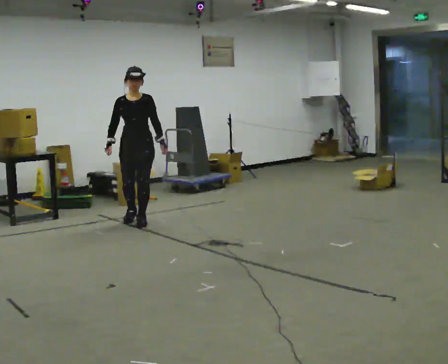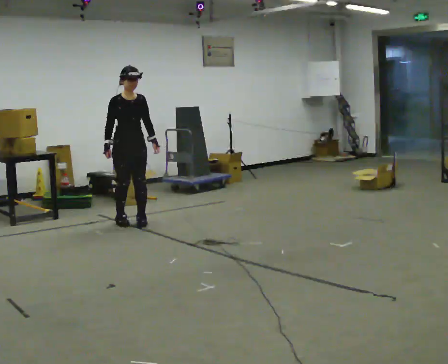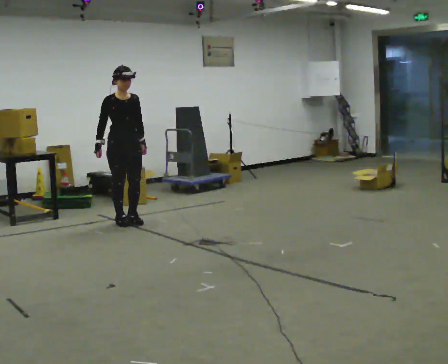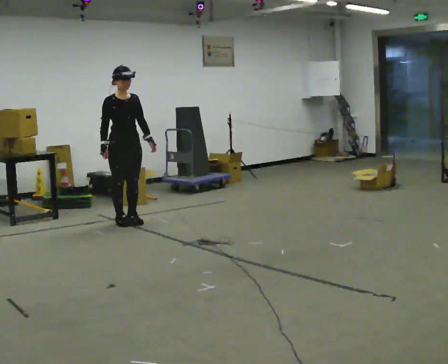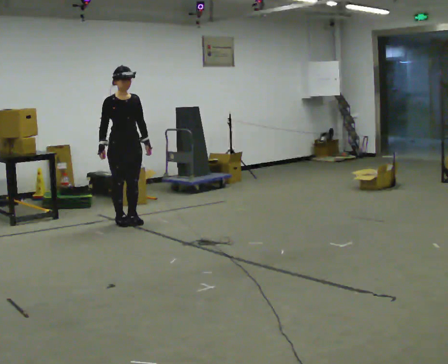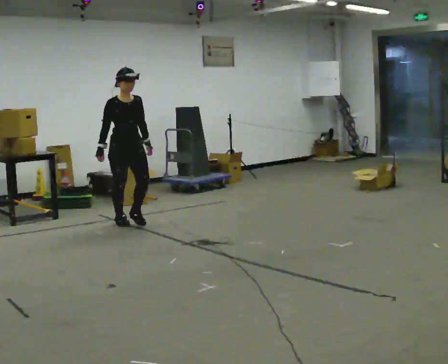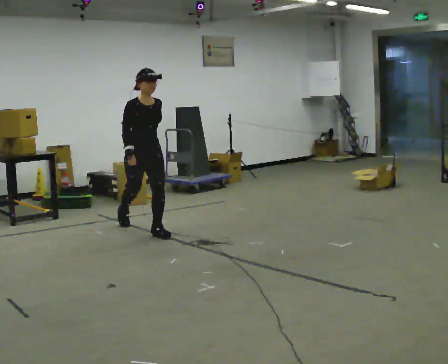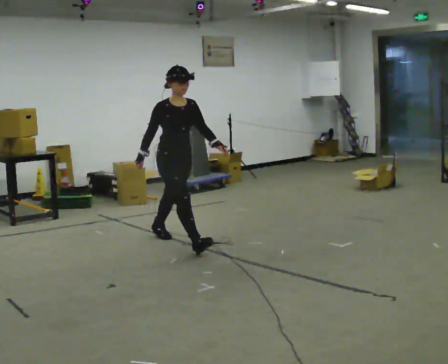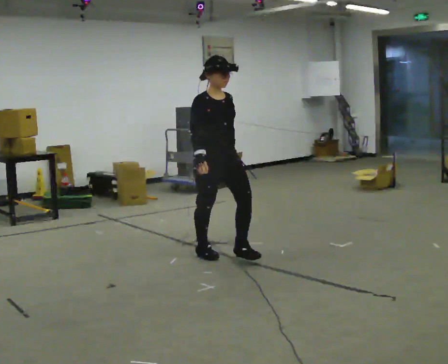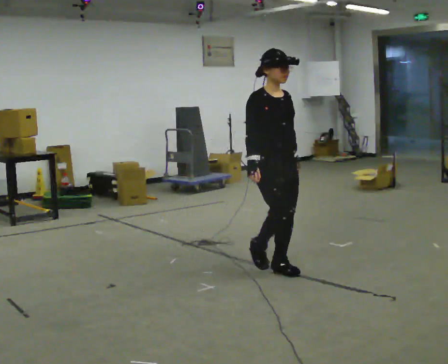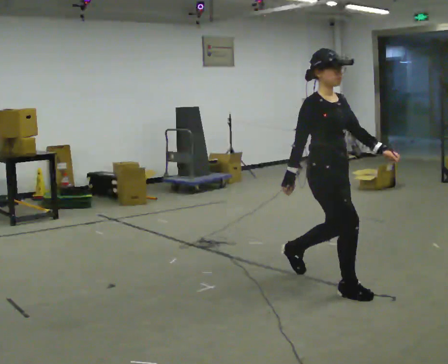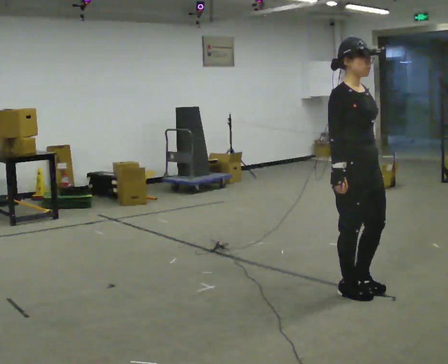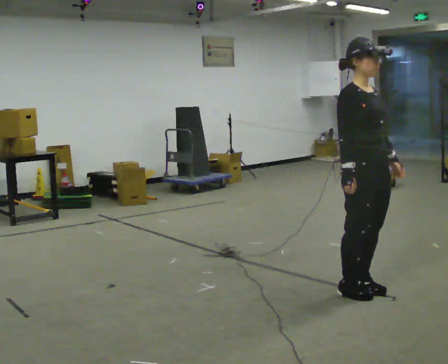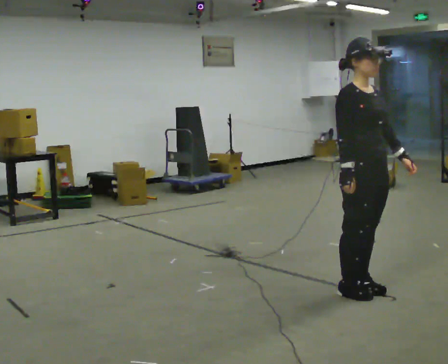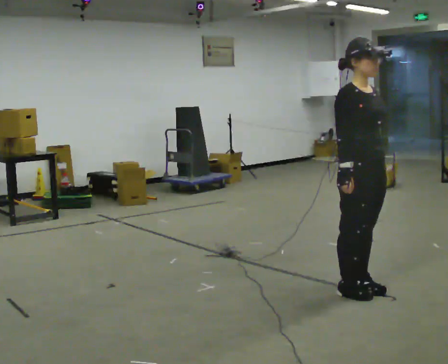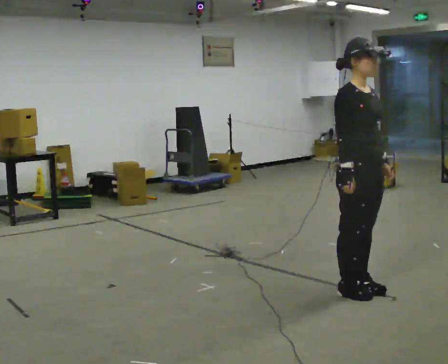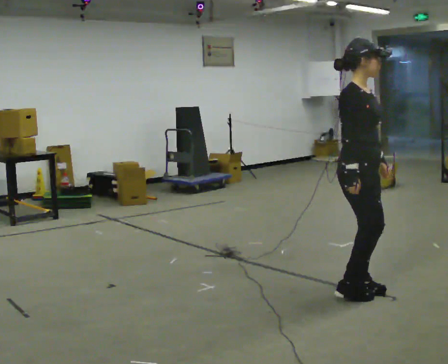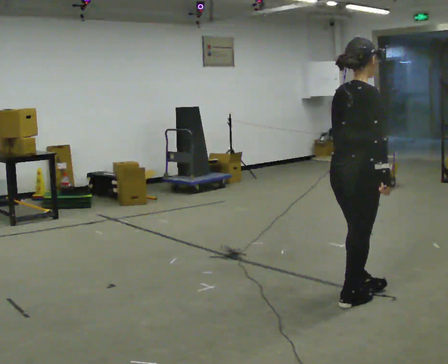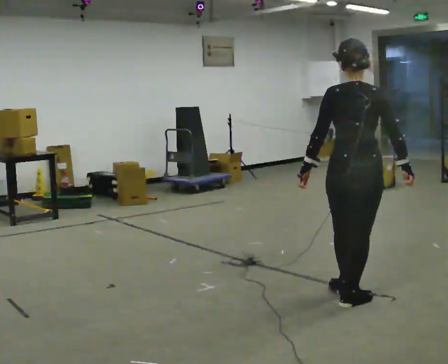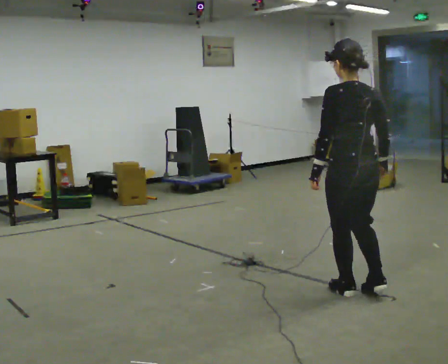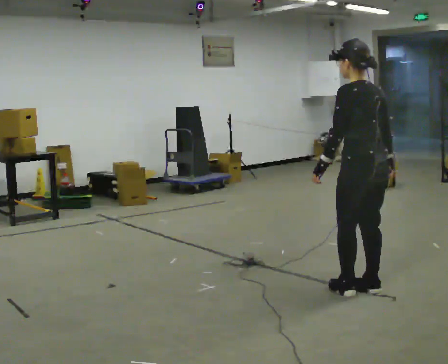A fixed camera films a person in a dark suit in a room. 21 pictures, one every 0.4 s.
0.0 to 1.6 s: Seen from above the body turns counterclockwise, about 30 degrees: to their left, with its near side sliding to the right.
1.6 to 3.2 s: In the picture they go to the right and toward the camera, about 1.5 m in 2 steps, which for them is forward.
3.2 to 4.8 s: In the picture they go to the right and toward the camera, about 1.5 m in 3 steps, which for them is forward.
4.8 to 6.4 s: The person moves a little, or ends about where they began.
6.4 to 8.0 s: Seen from above the body turns counterclockwise, about 150 degrees: to their left, with its near side sliding to the right. In the picture their left hand goes to the left, the arm swinging clockwise.
The film runs forward here.
